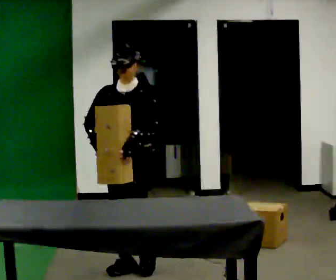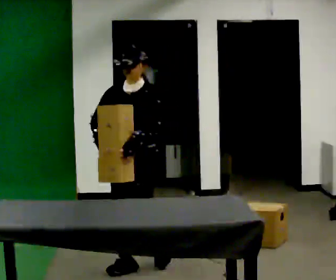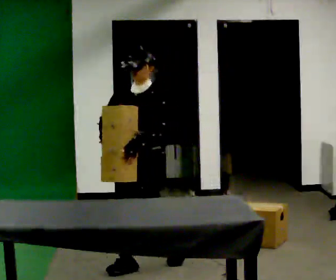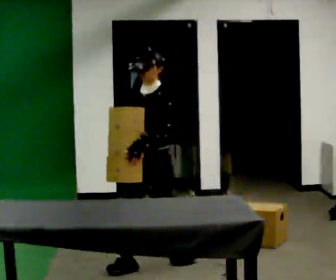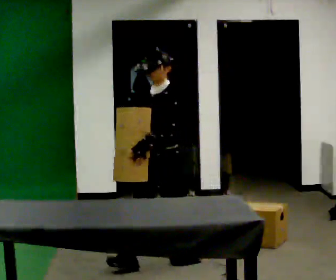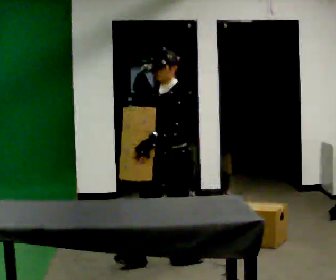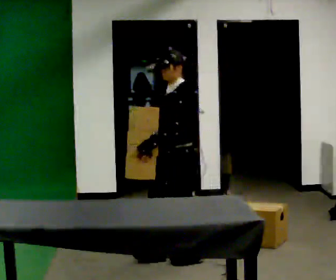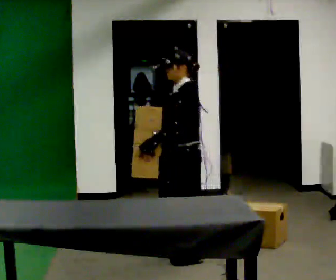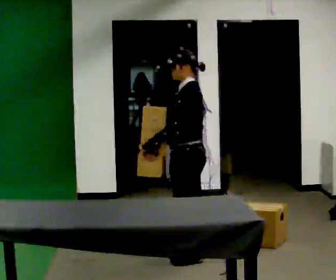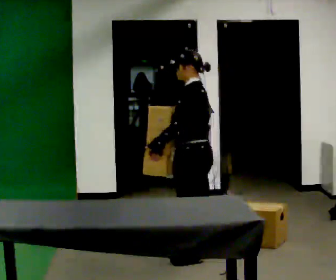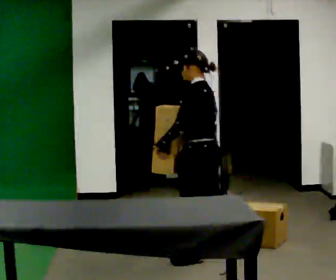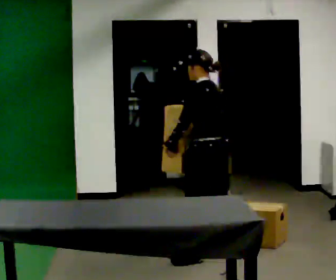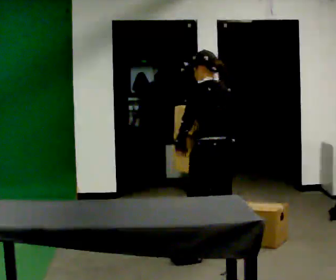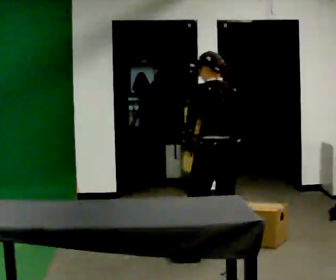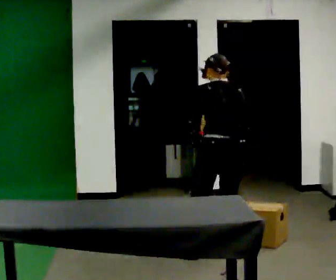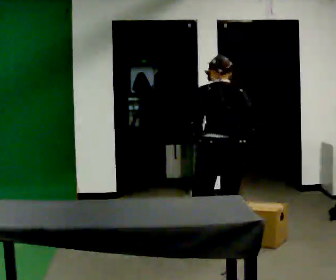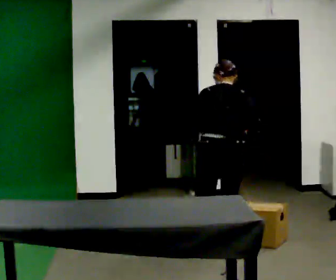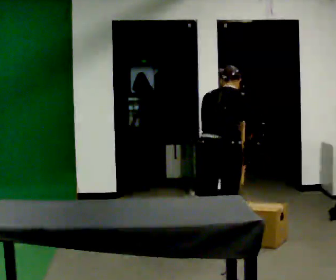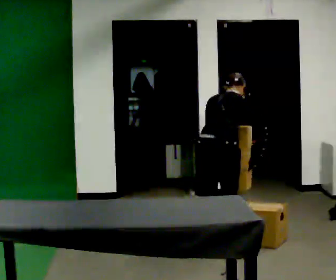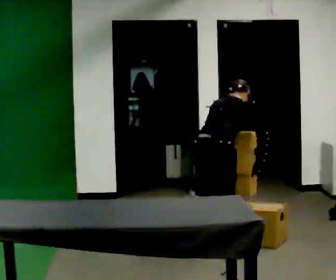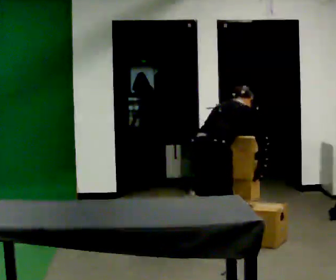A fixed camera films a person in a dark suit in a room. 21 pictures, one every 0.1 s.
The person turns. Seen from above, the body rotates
clockwise.
The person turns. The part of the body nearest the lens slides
to the left.
0.0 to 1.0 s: Seen from above the body turns clockwise, about 90 degrees: to their right, with its near side sliding to the left. In the picture they go to the right and away from the camera, about 0.5 m in 1 step.
1.0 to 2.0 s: The part of the body nearest the lens slides to the left as the person turns to their right by about 105 degrees. The shoulders move downward. The upper body tips away from the camera, its near side rolling upward, as they bend forward. In the picture their right hand goes to the right, the arm swinging counterclockwise.
The film runs backward here.
